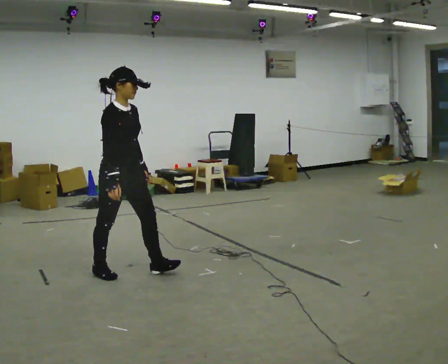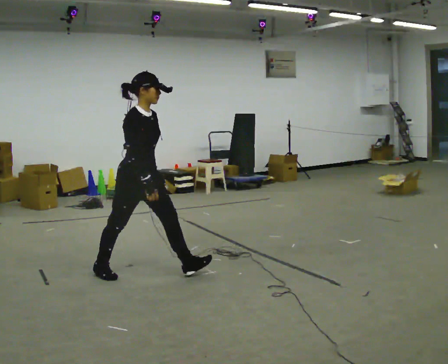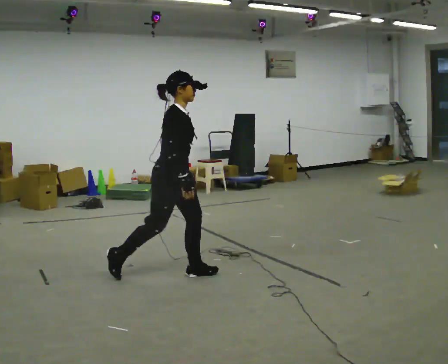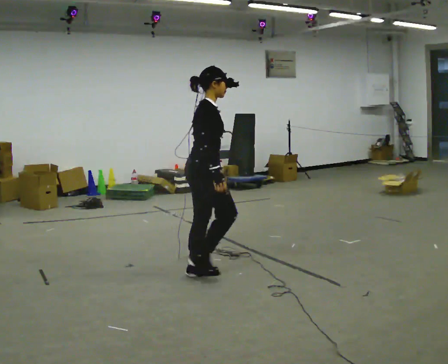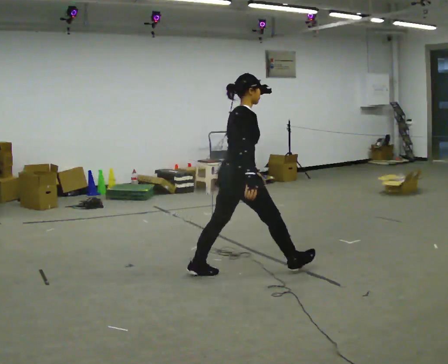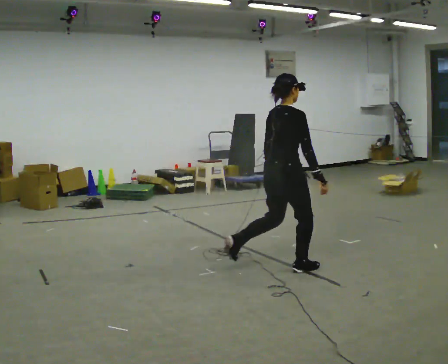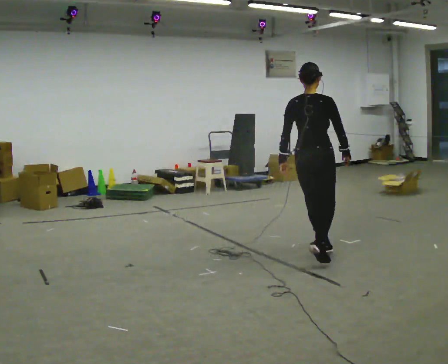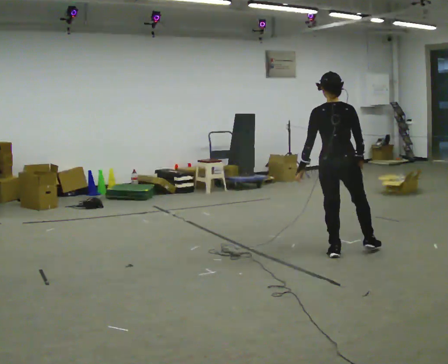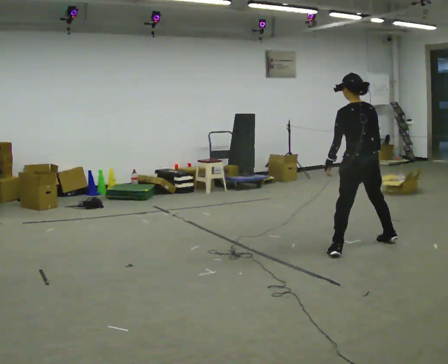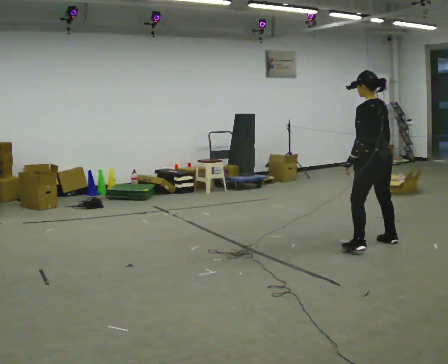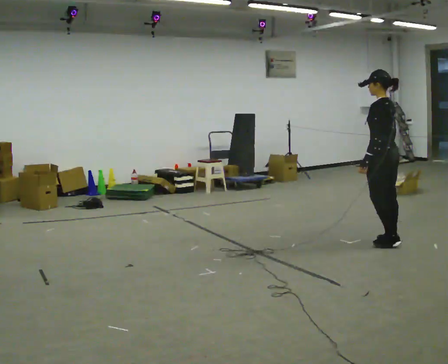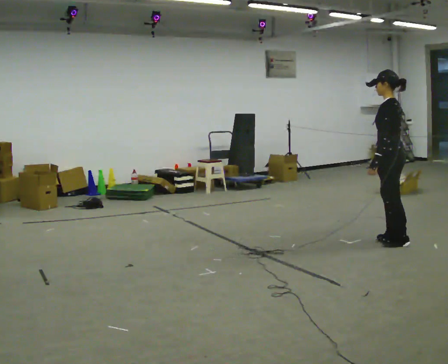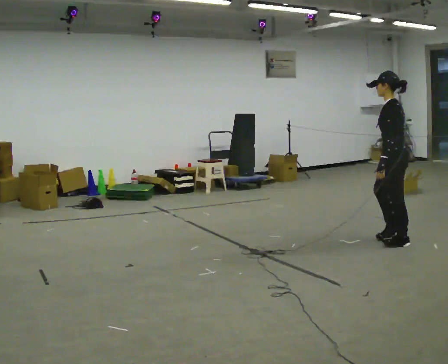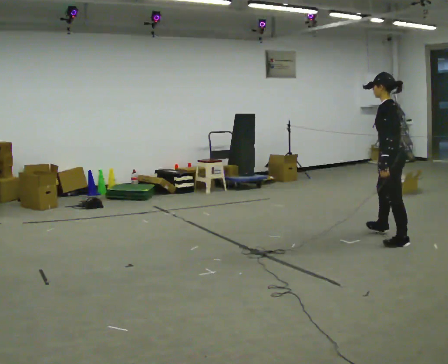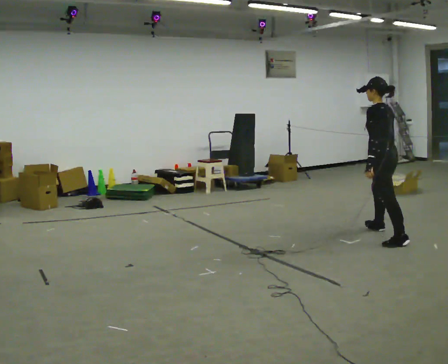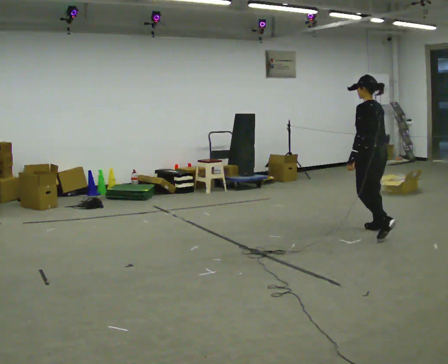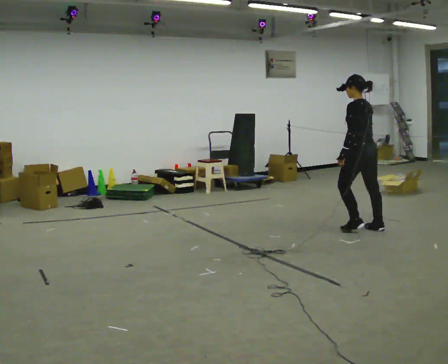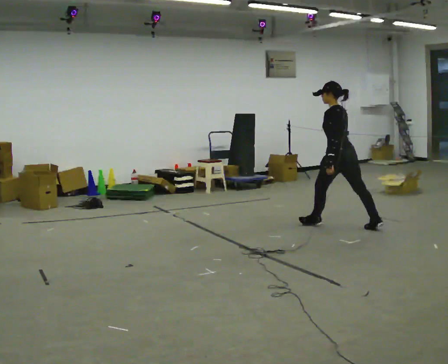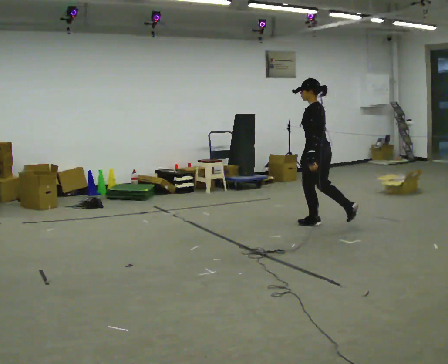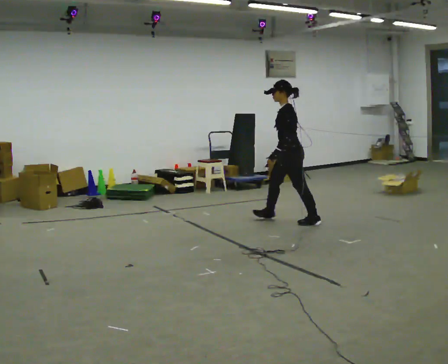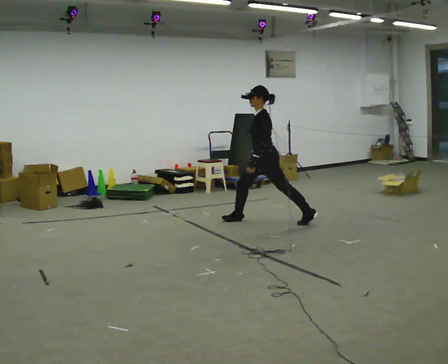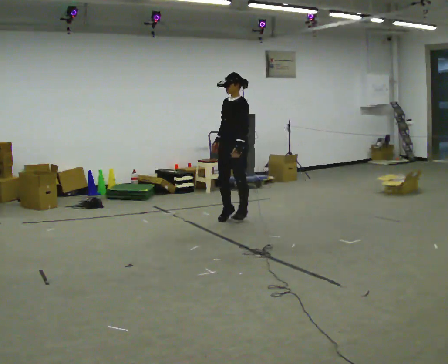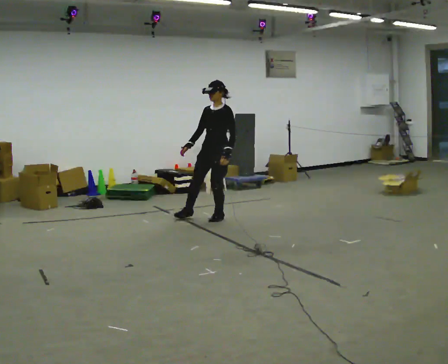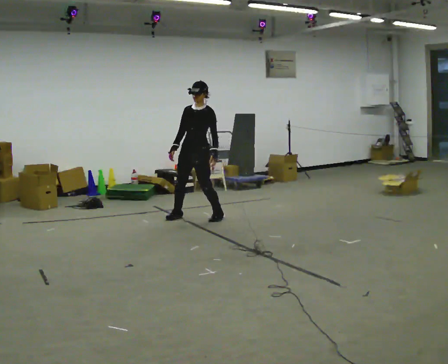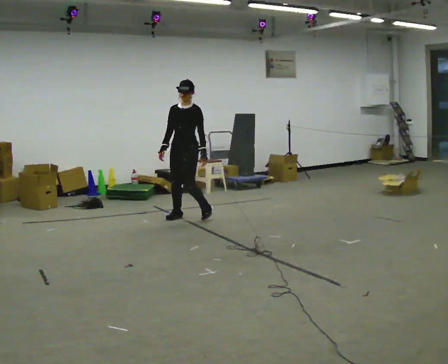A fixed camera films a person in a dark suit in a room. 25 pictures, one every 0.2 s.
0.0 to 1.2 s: The part of the body nearest the lens slides to the right as the person turns to their left by about 90 degrees. In the picture they go to the right and away from the camera, about 1.5 m in 2 steps.
1.2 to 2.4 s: The person turns about 90 degrees to their left, counterclockwise seen from above, so the part of the body nearest the lens slides to the right. In the picture they go to the right and away from the camera, about 1 m in 3 steps.
2.4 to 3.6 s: In the picture they go to the left and away from the camera, about 1 m in 2 steps, which for them is forward.
3.6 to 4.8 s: Seen from above the body turns counterclockwise, about 90 degrees: to their left, with its near side sliding to the right. In the picture they go to the left, about 1.5 m in 2 steps.
The film runs forward here.
